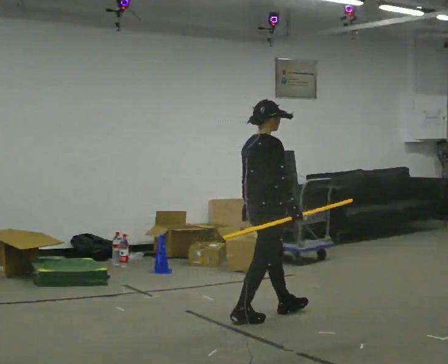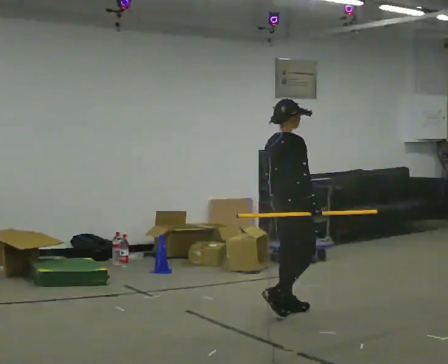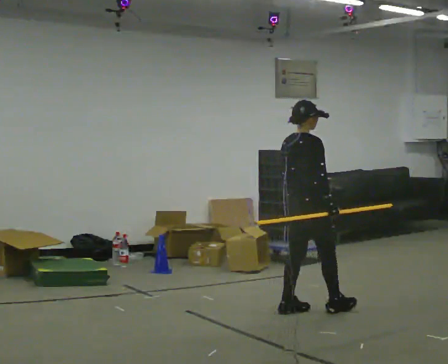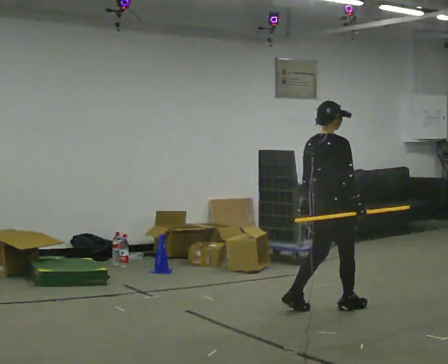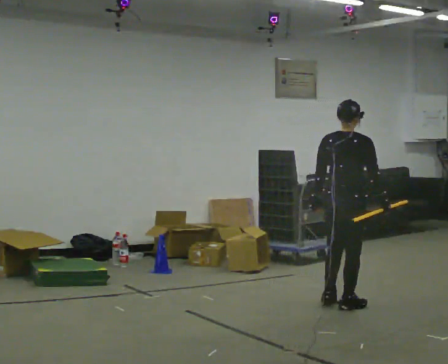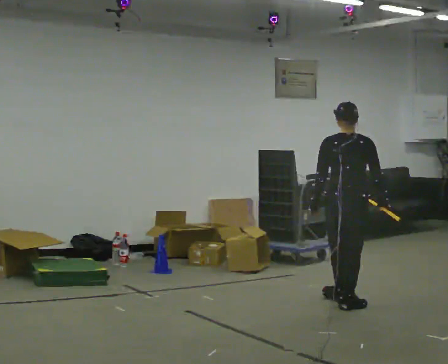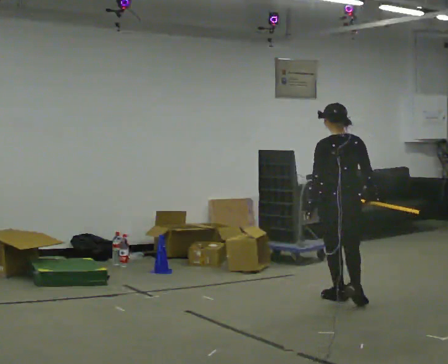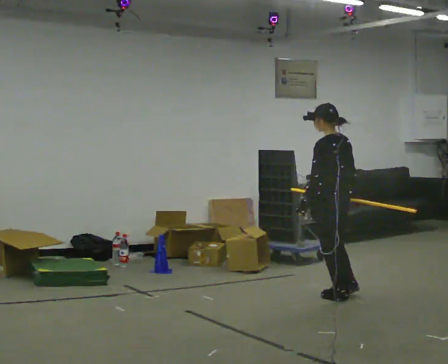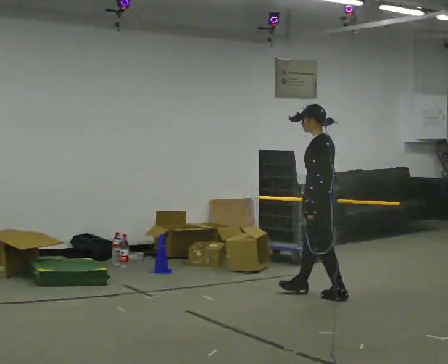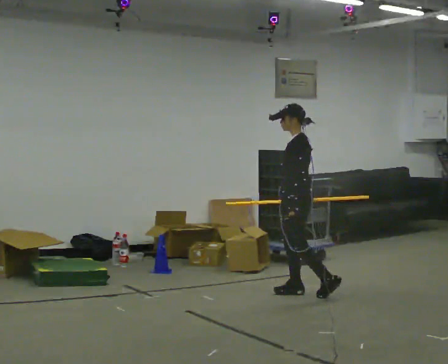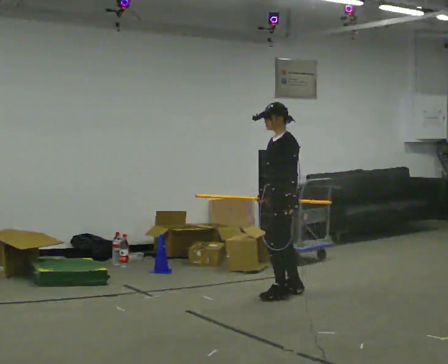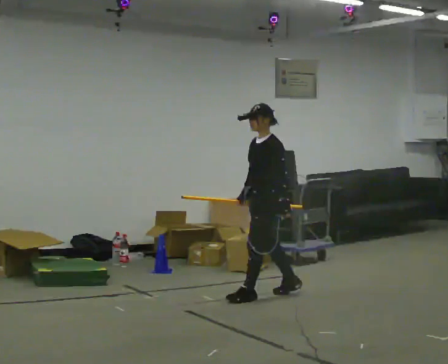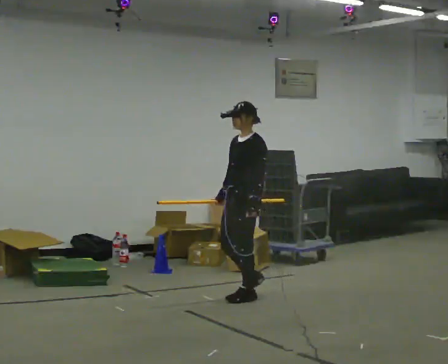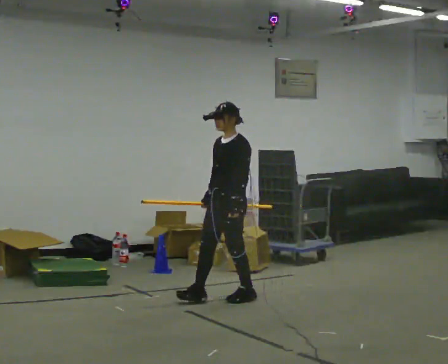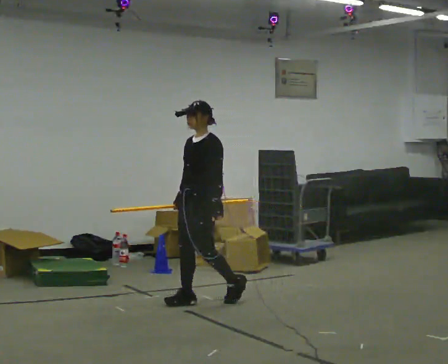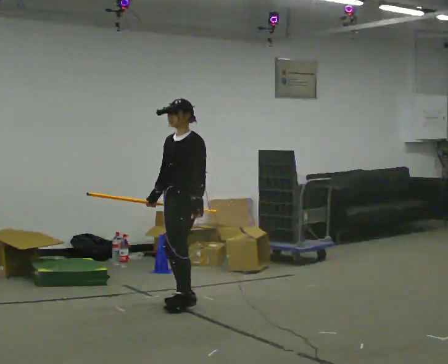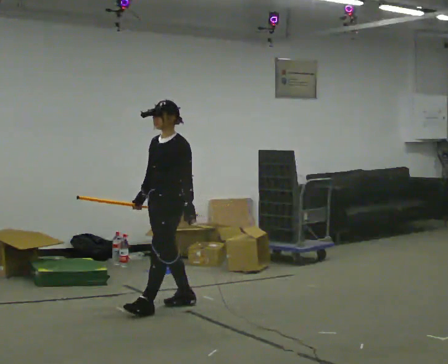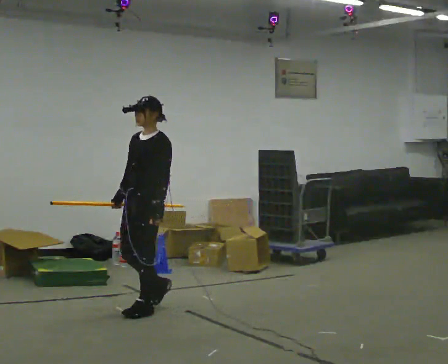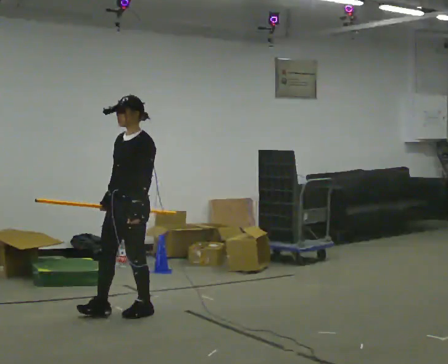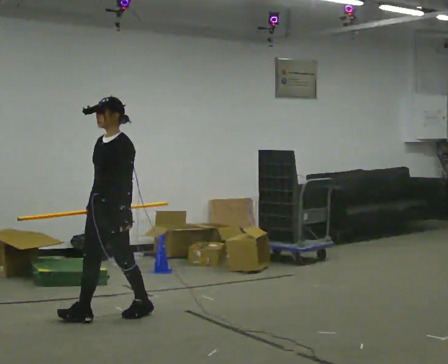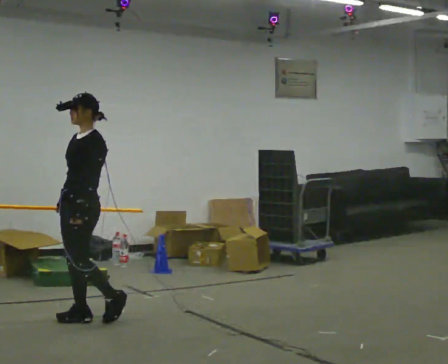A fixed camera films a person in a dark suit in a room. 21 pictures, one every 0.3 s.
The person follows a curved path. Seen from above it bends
counterclockwise.
The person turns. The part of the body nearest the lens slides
to the right.
0.0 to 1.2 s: Seen from above the body turns counterclockwise, about 30 degrees: to their left, with its near side sliding to the right. In the picture they go to the right and away from the camera, about 0.75 m in 1 step, which for them is forward.
1.2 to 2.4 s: Seen from above the body turns counterclockwise, about 90 degrees: to their left, with its near side sliding to the right. In the picture they go away from the camera and to the left, about 0.5 m in 1 step.
2.4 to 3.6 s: The part of the body nearest the lens slides to the right as the person turns to their left by about 45 degrees. In the picture they go to the left, about 0.5 m in 2 steps, which for them is forward.
3.6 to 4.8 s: In the picture they go to the left and toward the camera, about 0.75 m in 2 steps, which for them is forward.
4.8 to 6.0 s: In the picture they go toward the camera and to the left, about 0.5 m in 1 step, which for them is forward.
The film runs forward here.
